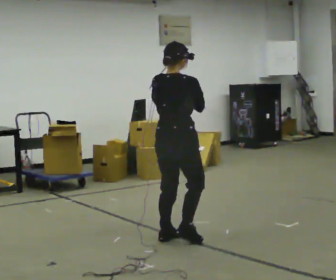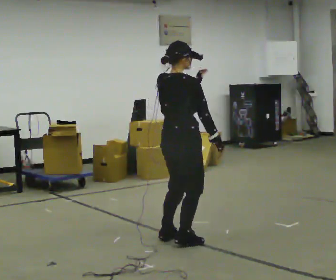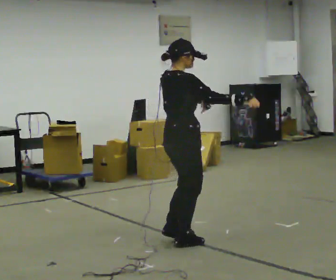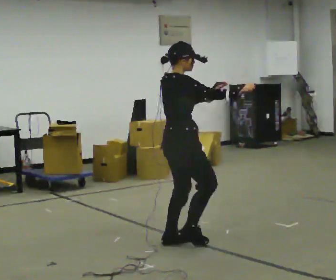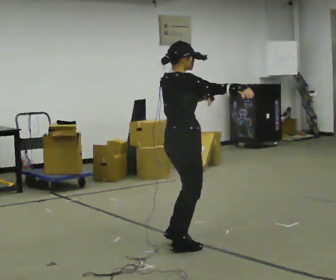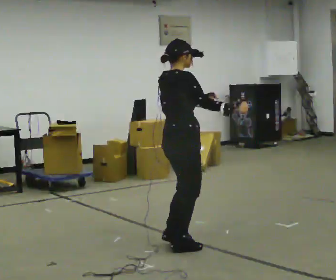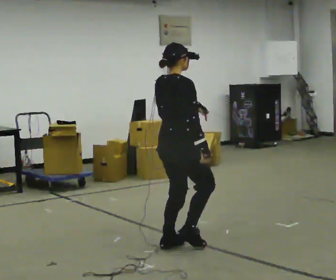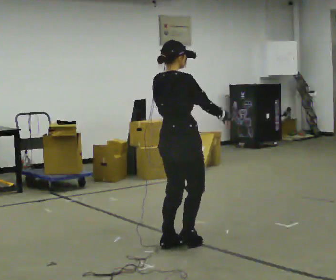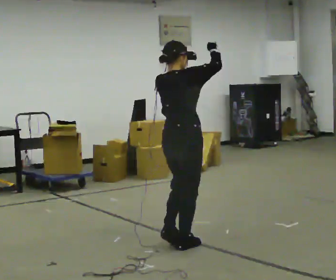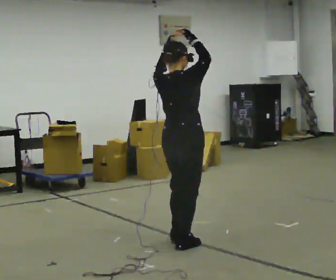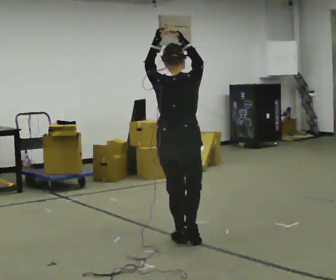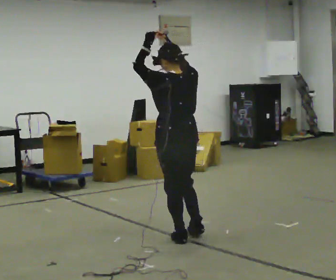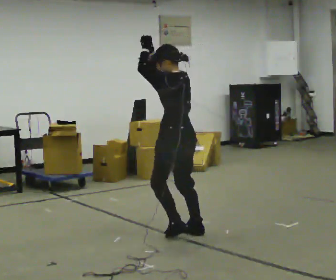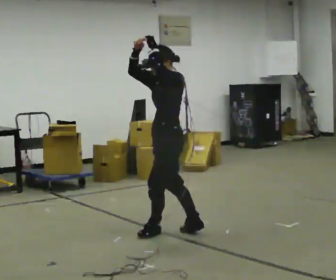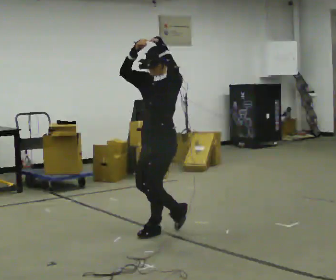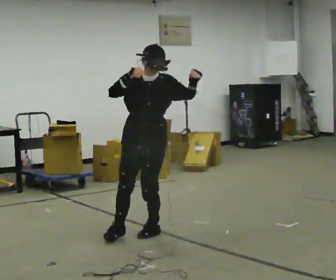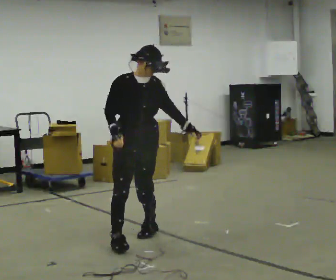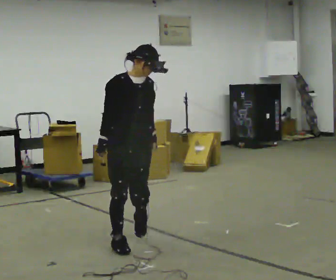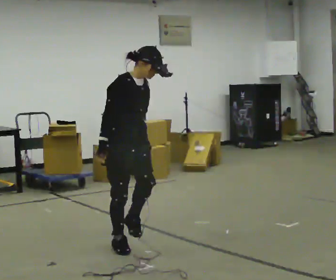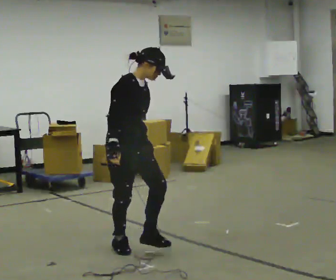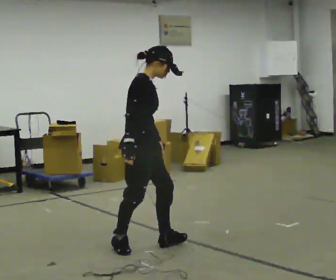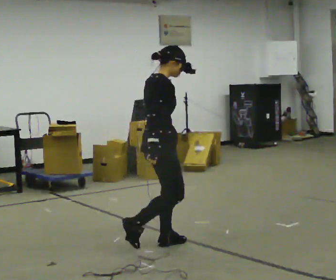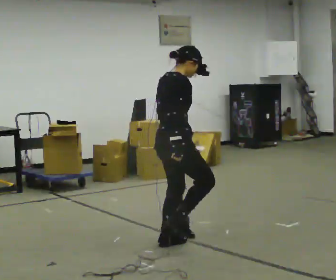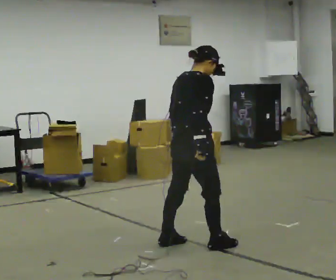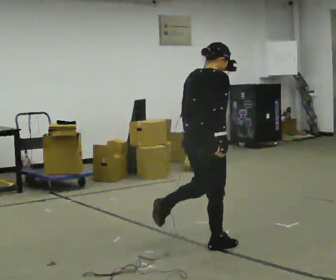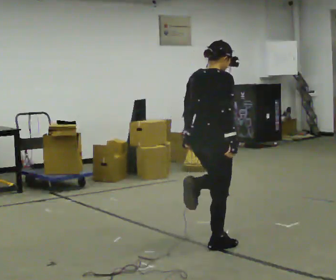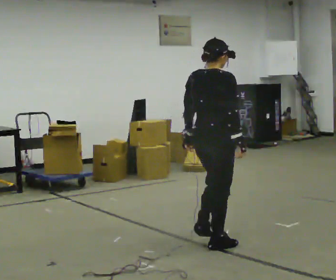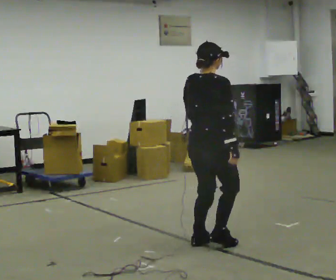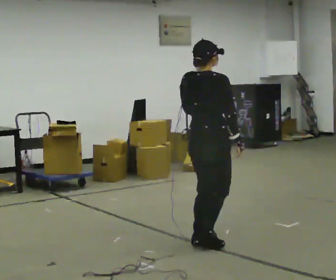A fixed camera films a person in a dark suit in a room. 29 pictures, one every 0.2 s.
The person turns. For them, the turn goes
to their left.
The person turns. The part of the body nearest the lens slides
to the right.
0.0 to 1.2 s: The person moves a little, or ends about where they began.
1.2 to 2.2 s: Seen from above the body turns counterclockwise, about 75 degrees: to their left, with its near side sliding to the right. In the picture they go away from the camera, about 0.25 m in 1 step. In the picture their right hand goes upward, the arm swinging counterclockwise.
2.2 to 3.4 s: The person turns about 195 degrees to their left, counterclockwise seen from above, so the part of the body nearest the lens slides to the right. In the picture they go to the left, about 0.5 m in 3 steps. In the picture their right hand goes downward.
3.4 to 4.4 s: The part of the body nearest the lens slides to the right as the person turns to their left by about 75 degrees. In the picture they go to the right, about 0.25 m in 1 step.
4.4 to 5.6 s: Seen from above the body turns counterclockwise, about 30 degrees: to their left, with its near side sliding to the right. In the picture they go to the right, about 0.25 m in 2 steps, which for them is forward and to their right.
The film runs forward here.
